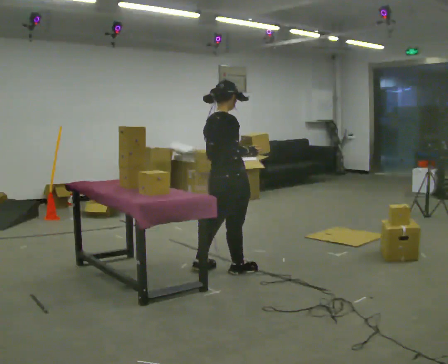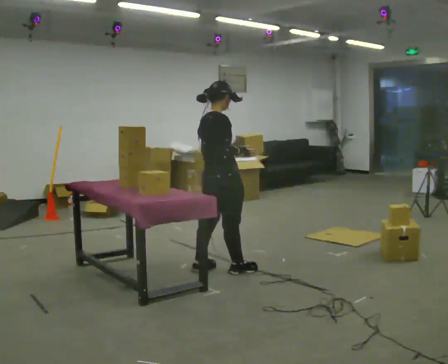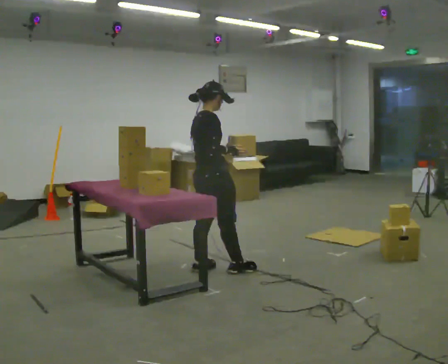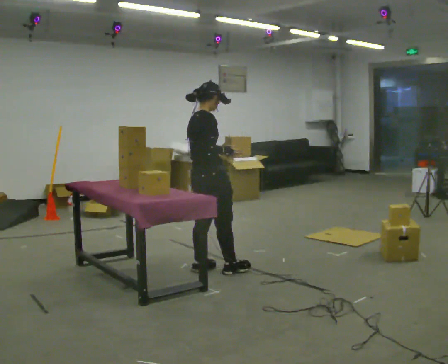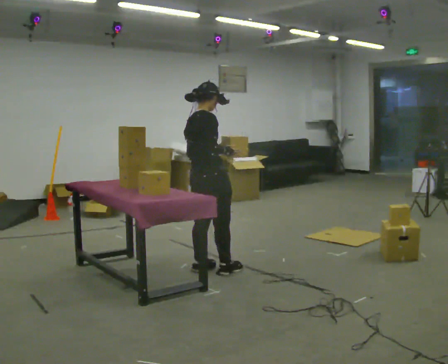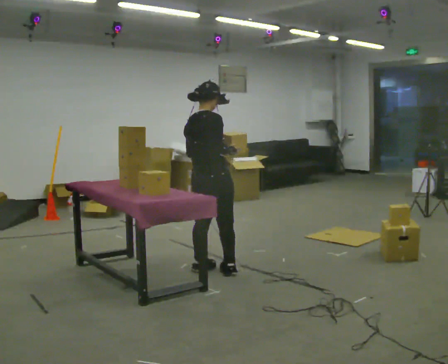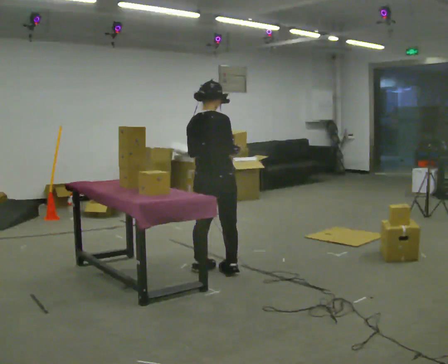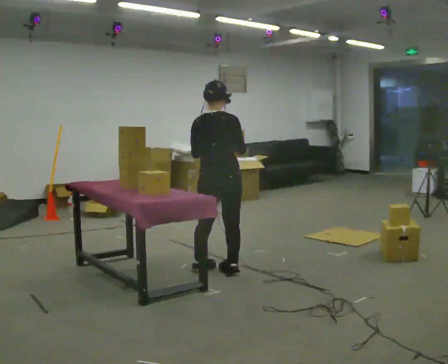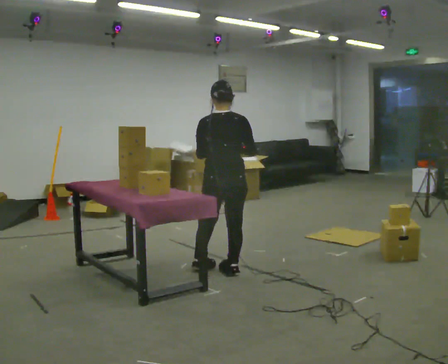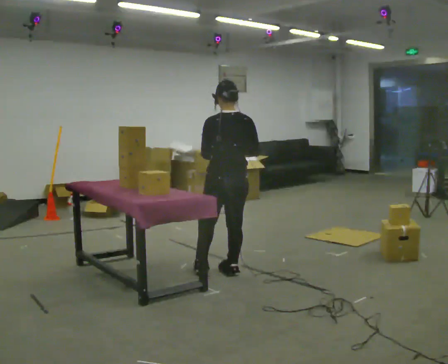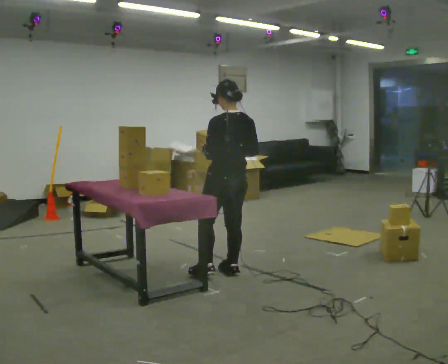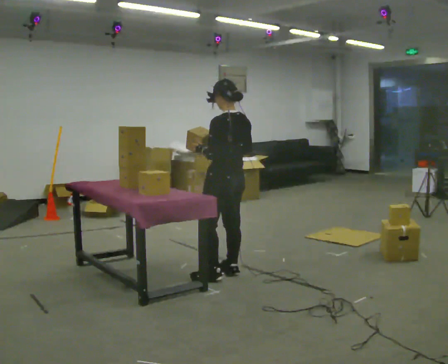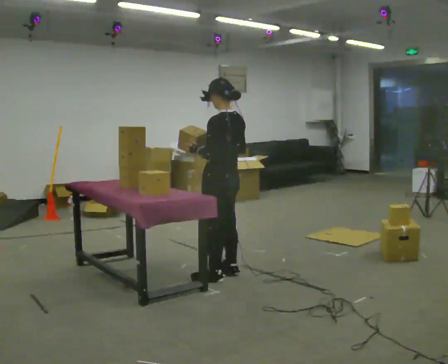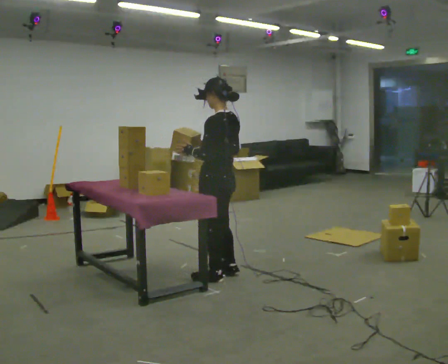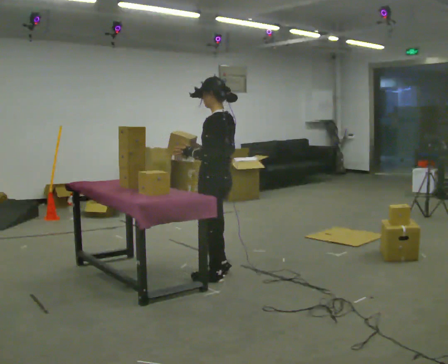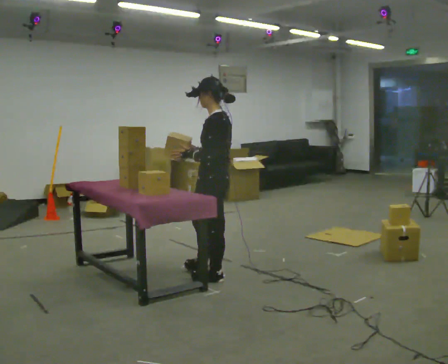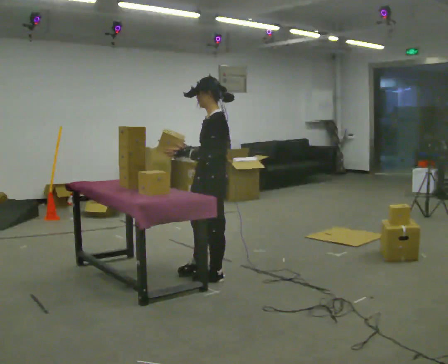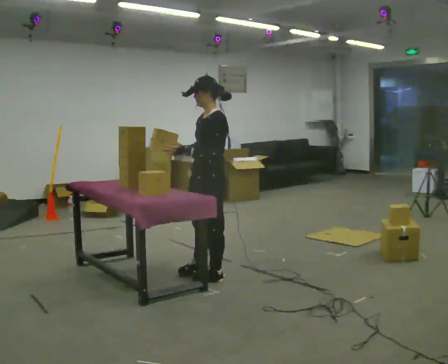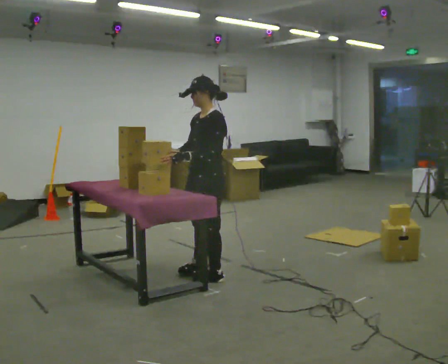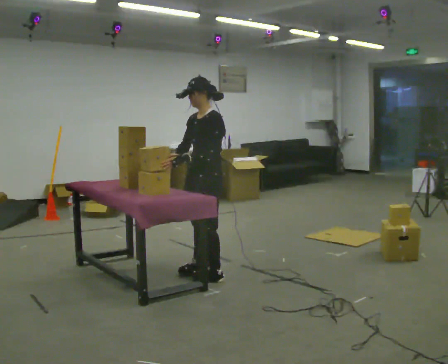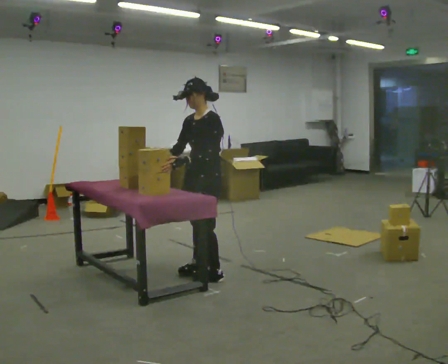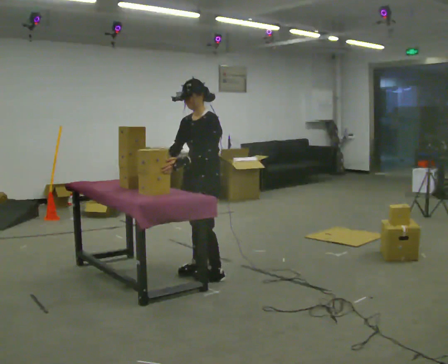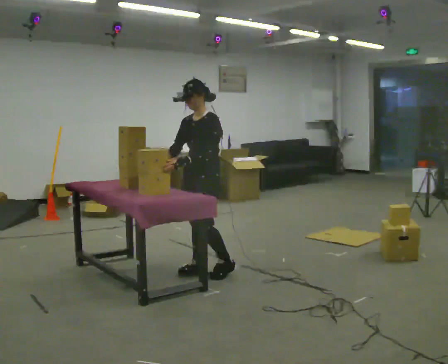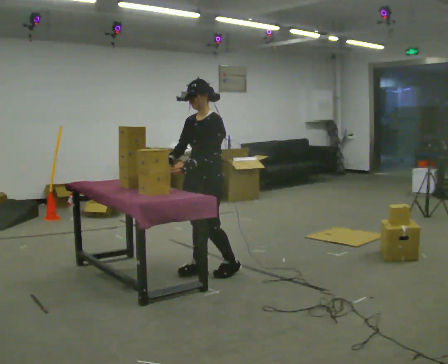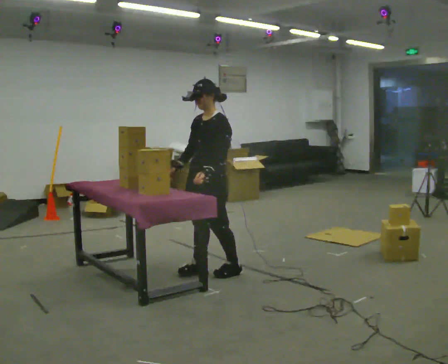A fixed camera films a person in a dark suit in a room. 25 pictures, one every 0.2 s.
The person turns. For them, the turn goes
to their left.
The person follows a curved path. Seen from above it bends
clockwise.
0.0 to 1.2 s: The person moves a little, or ends about where they began.
1.2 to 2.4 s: Seen from above the body turns counterclockwise, about 90 degrees: to their left, with its near side sliding to the right. In the picture they go toward the camera, about 0.25 m in 1 step.
2.4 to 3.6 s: The person turns about 60 degrees to their left, counterclockwise seen from above, so the part of the body nearest the lens slides to the right. In the picture their right hand goes to the left.
3.6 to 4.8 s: The person moves a little, or ends about where they began.
The film runs backward here.
